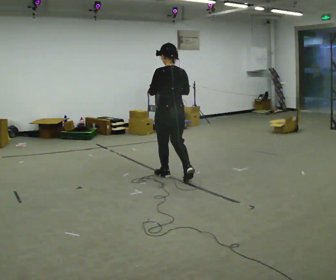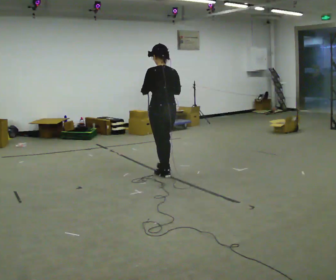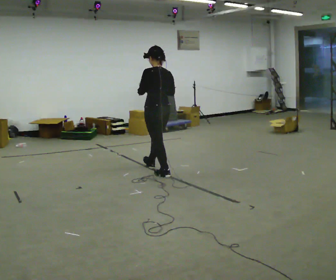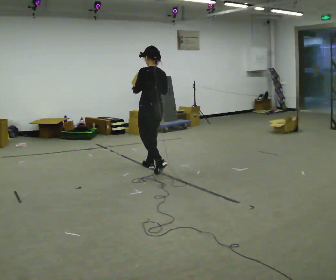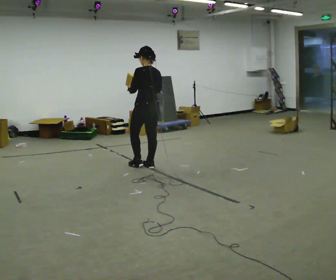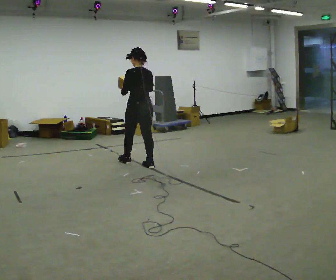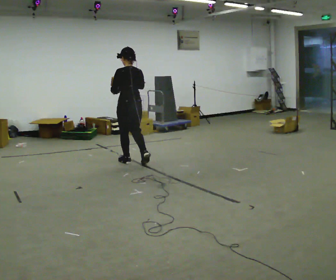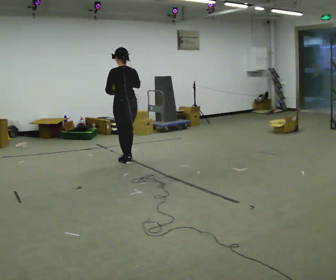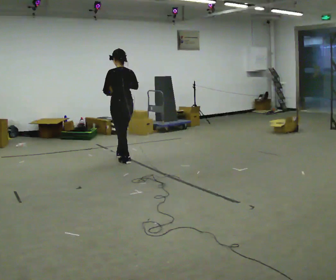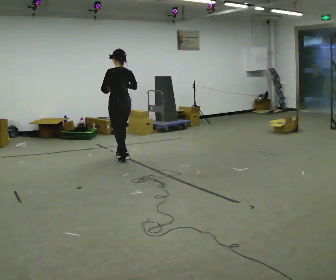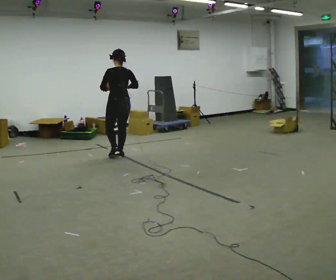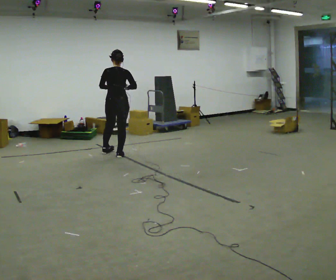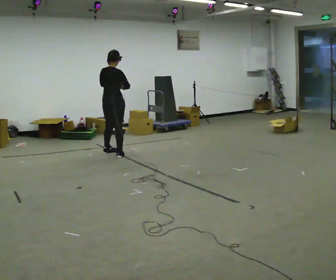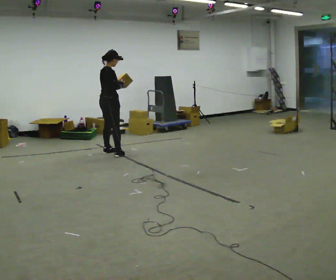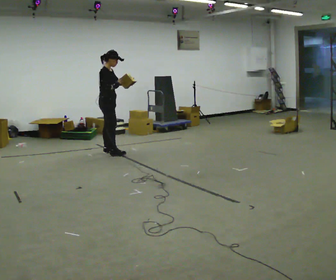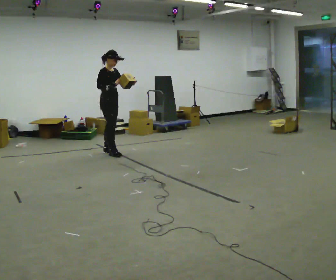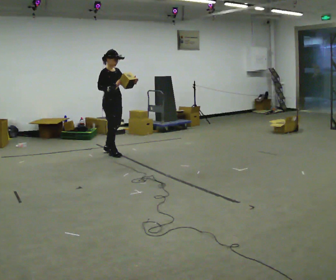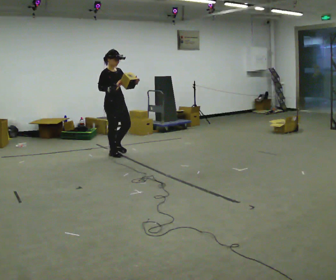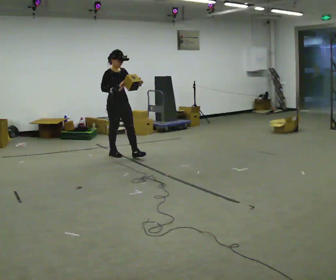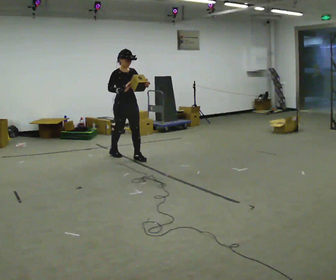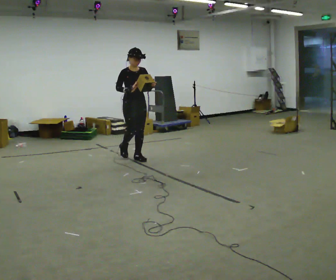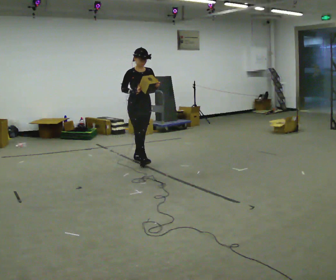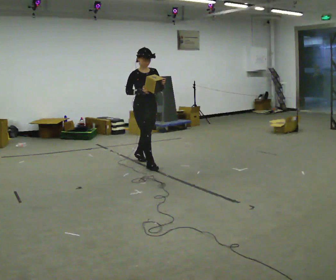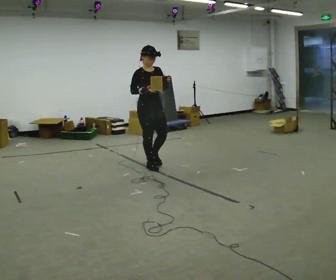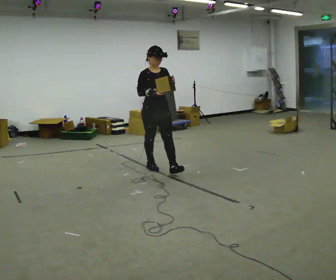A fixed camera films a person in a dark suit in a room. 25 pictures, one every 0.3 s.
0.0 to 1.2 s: In the picture they go away from the camera and to the left, about 0.5 m in 1 step, which for them is forward.
1.2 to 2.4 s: In the picture they go away from the camera and to the left, about 0.5 m in 2 steps, which for them is forward and to their left.
2.4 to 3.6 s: Seen from above the body turns clockwise, about 60 degrees: to their right, with its near side sliding to the left. In the picture they go away from the camera and to the left, about 0.5 m in 1 step.
3.6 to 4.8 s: The part of the body nearest the lens slides to the left as the person turns to their right by about 90 degrees. In the picture their left hand goes to the right.
4.8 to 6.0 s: The part of the body nearest the lens slides to the left as the person turns to their right by about 30 degrees. In the picture they go to the right and toward the camera, about 0.5 m in 1 step, which for them is forward.
6.0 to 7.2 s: In the picture they go toward the camera and to the right, about 0.75 m in 1 step, which for them is forward.
The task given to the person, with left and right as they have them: Carry the object and, while walking, turn it over in your hands to look at all sides of it. Keep turning it as you walk.
The film runs forward here.
